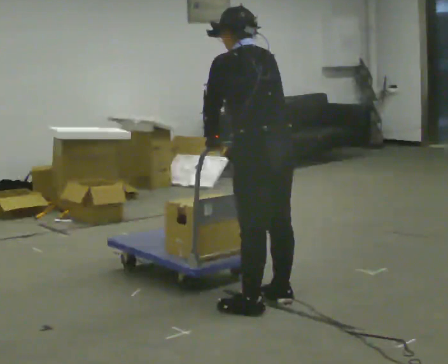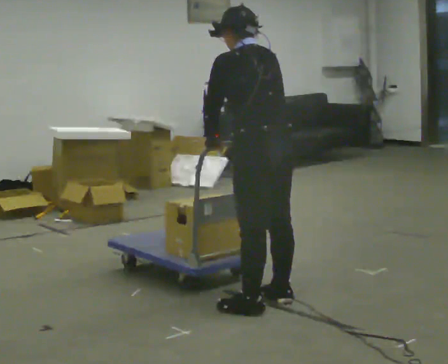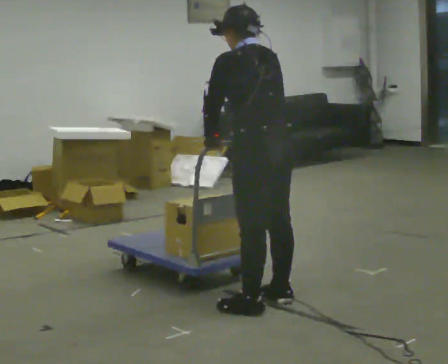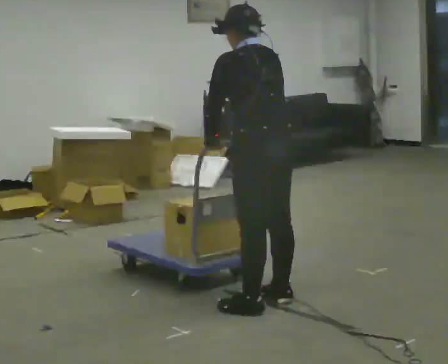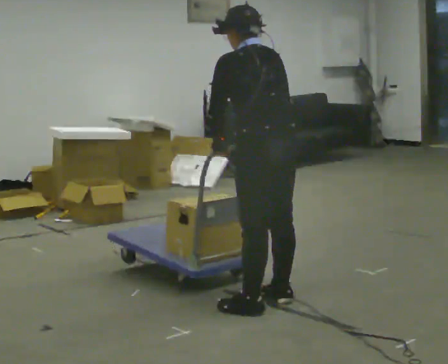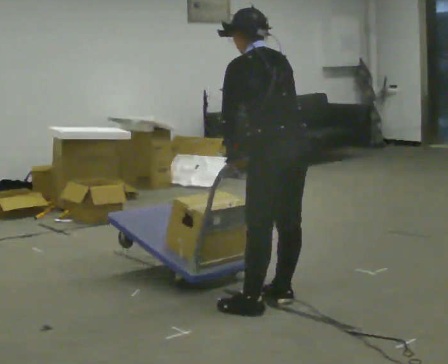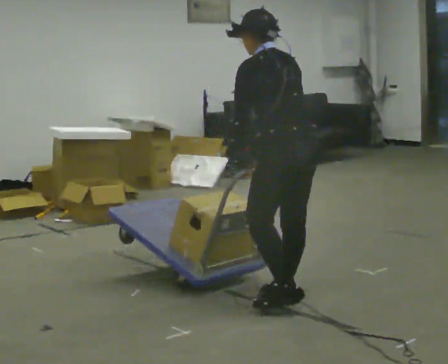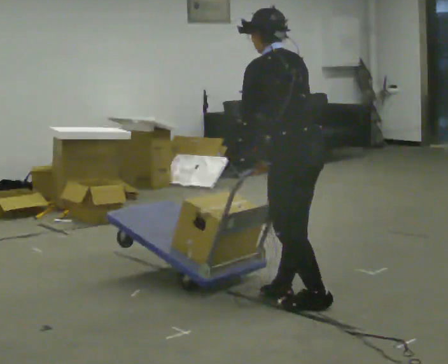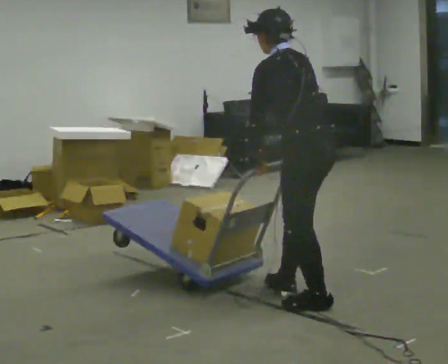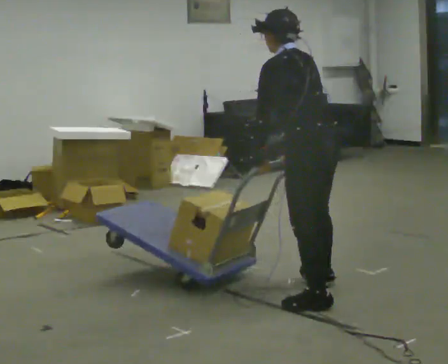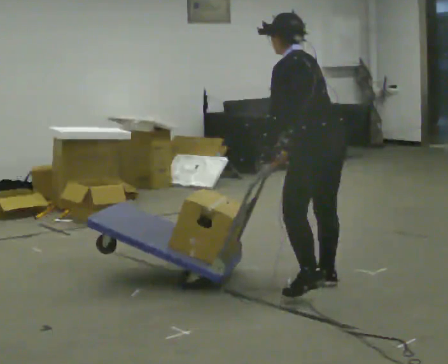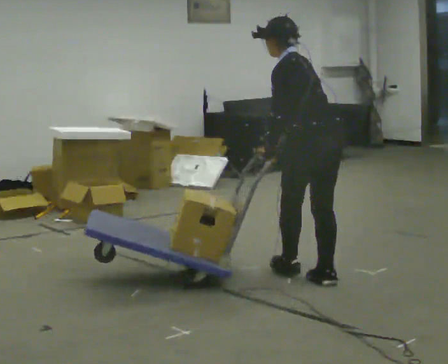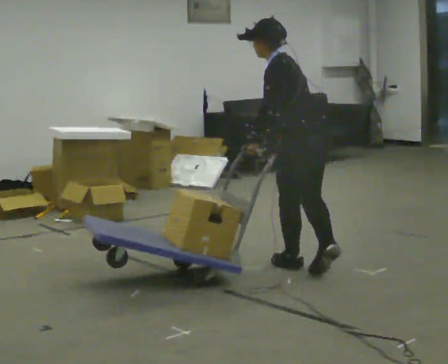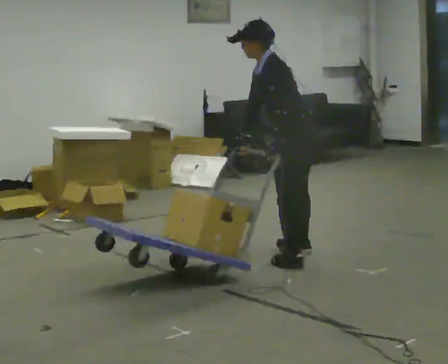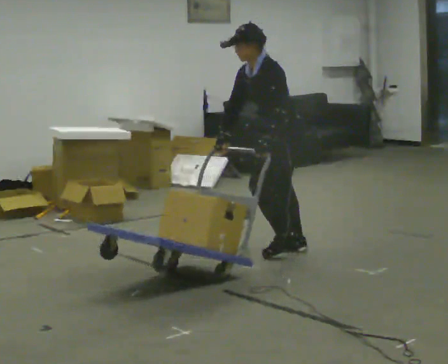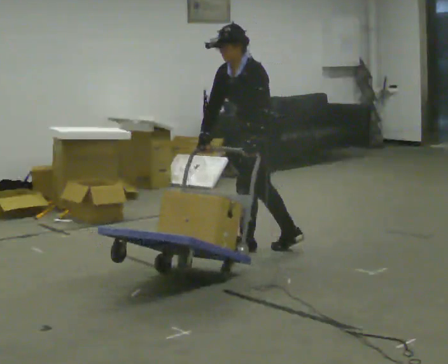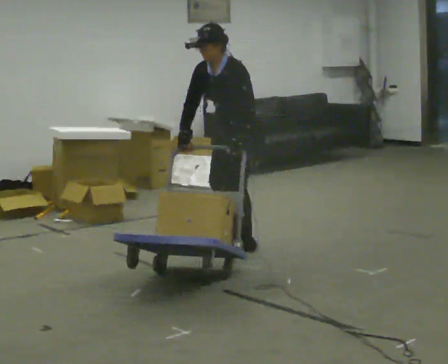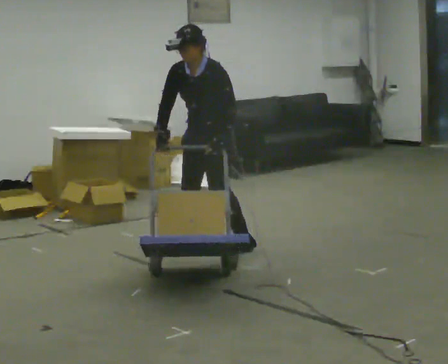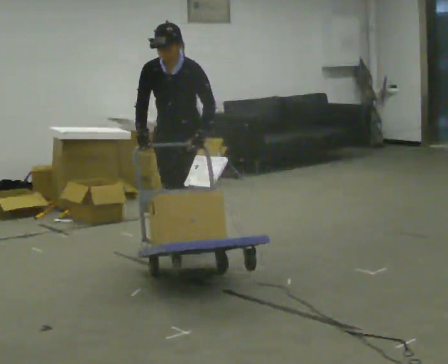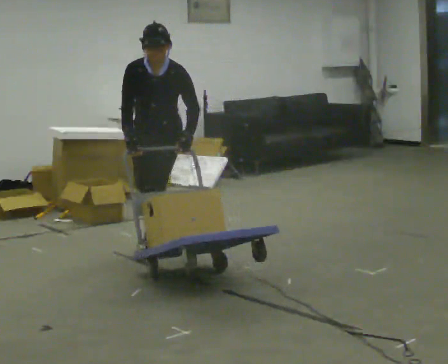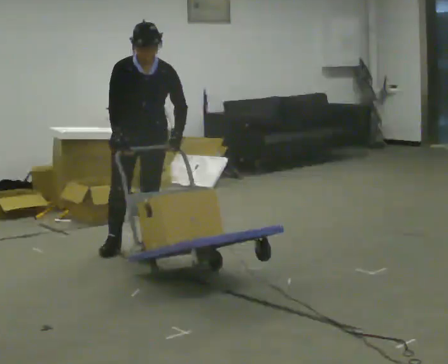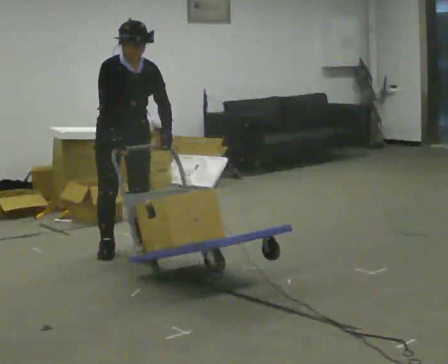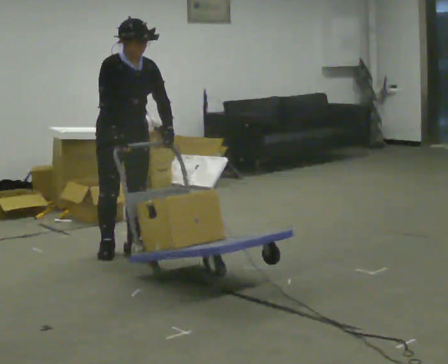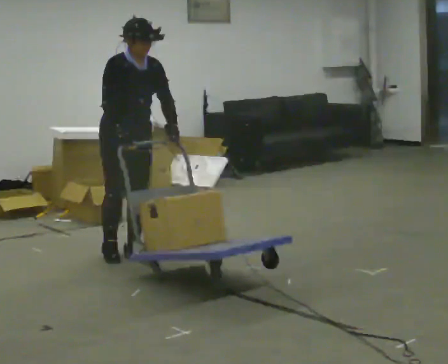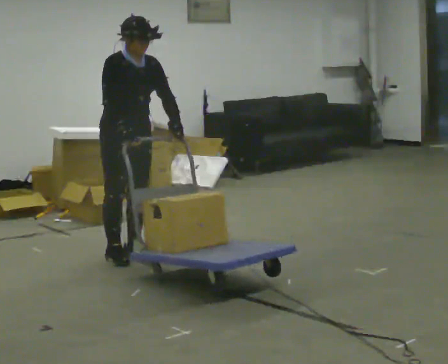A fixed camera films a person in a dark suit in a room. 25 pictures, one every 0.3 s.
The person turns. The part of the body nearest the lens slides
to the right.
The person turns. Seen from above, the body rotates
counterclockwise.
0.0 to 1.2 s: The person moves a little, or ends about where they began.
1.2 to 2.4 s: In the picture they go to the right, about 0.25 m in 1 step, which for them is to their right and backward.
2.4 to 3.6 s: In the picture they go away from the camera, about 0.5 m in 2 steps, which for them is to their right and forward.
3.6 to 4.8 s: The person turns about 60 degrees to their left, counterclockwise seen from above, so the part of the body nearest the lens slides to the right. In the picture they go to the left and away from the camera, about 0.75 m in 2 steps. The upper body tips toward the camera, its near side rolling downward.
4.8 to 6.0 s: Seen from above the body turns counterclockwise, about 60 degrees: to their left, with its near side sliding to the right. In the picture they go to the left, about 0.75 m in 2 steps. In the picture the upper body tilts clockwise, shoulders to the right.
6.0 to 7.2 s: Seen from above the body turns counterclockwise, about 45 degrees: to their left, with its near side sliding to the right. In the picture they go toward the camera, about 0.25 m in 3 steps, which for them is to their right.
The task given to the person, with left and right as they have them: Turn the cart round to face the other way without moving it out of the marked square, then turn it back. Repeat until the operator says stop.
The film runs forward here.
